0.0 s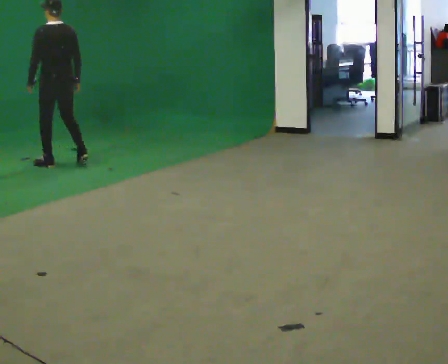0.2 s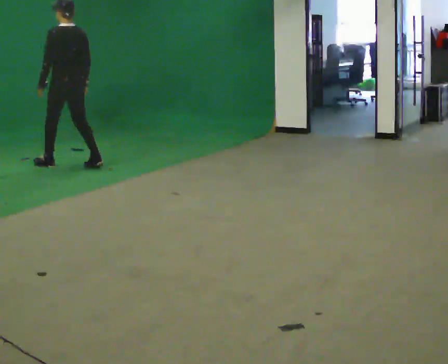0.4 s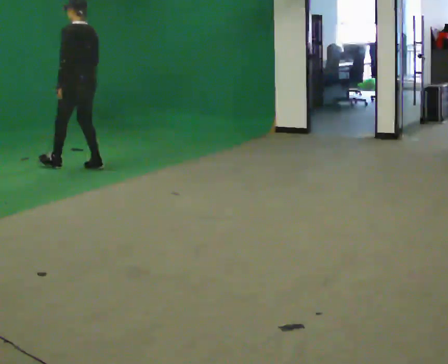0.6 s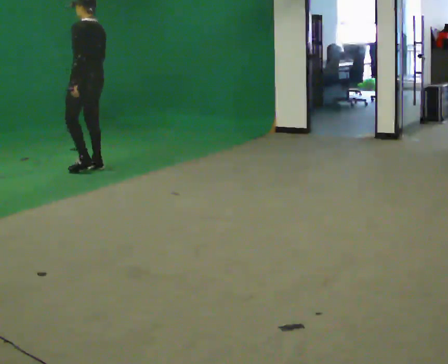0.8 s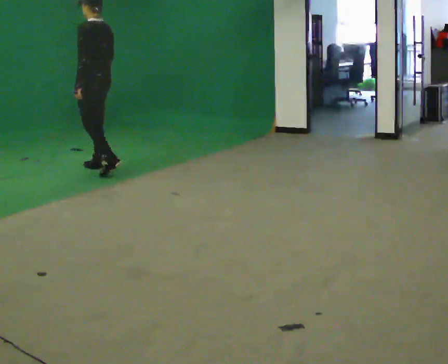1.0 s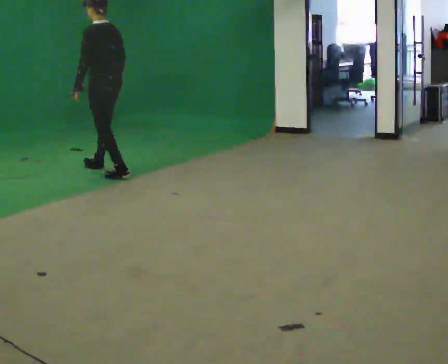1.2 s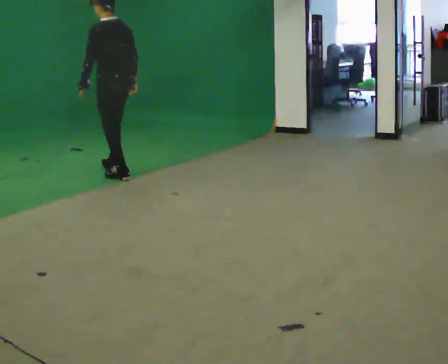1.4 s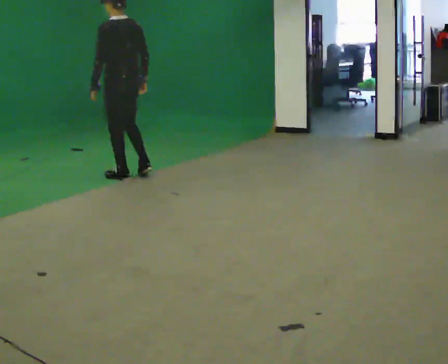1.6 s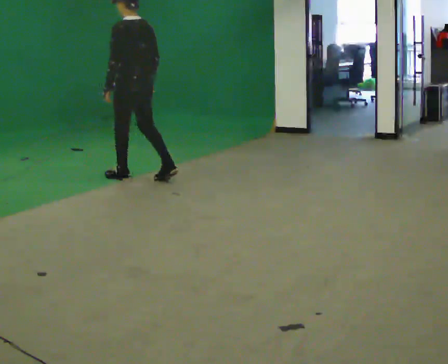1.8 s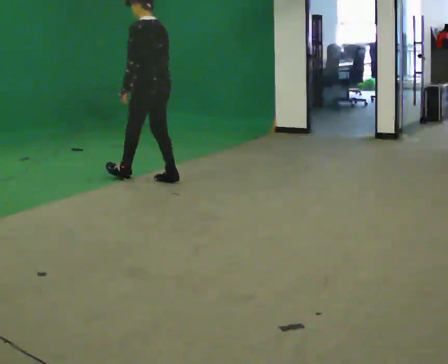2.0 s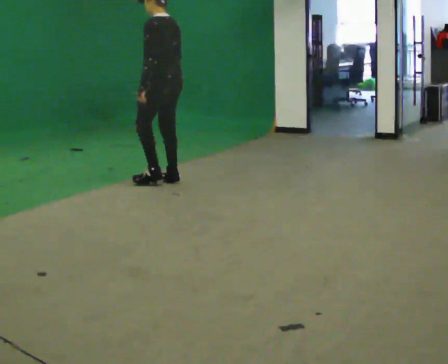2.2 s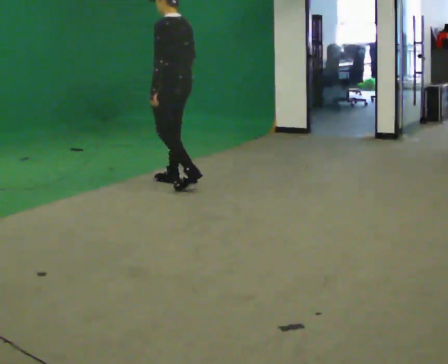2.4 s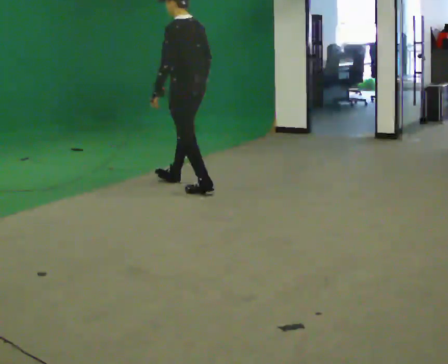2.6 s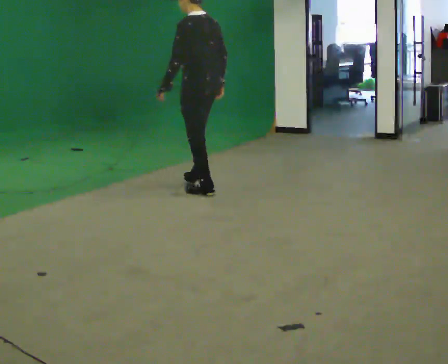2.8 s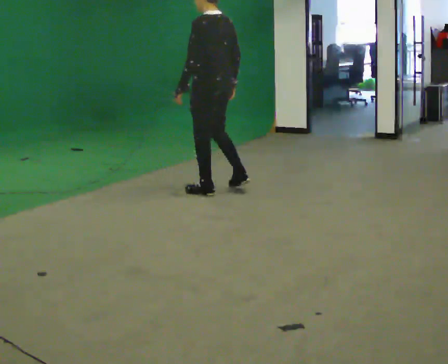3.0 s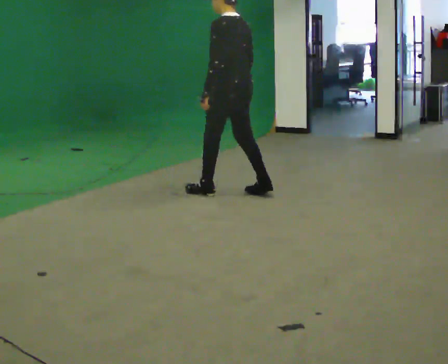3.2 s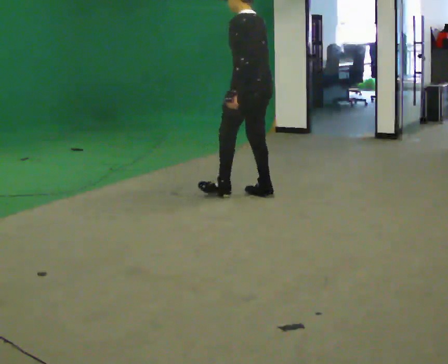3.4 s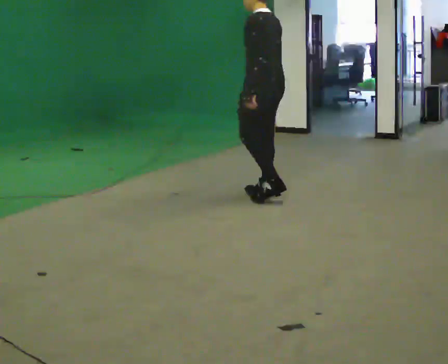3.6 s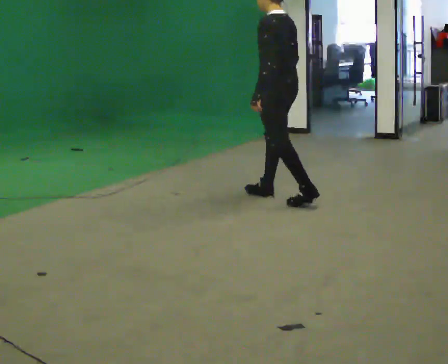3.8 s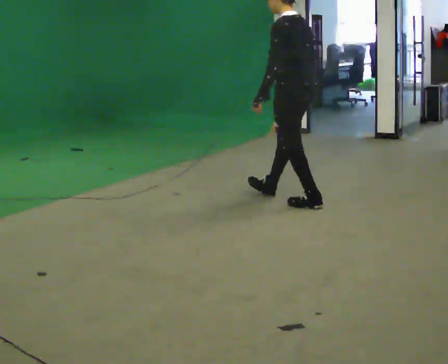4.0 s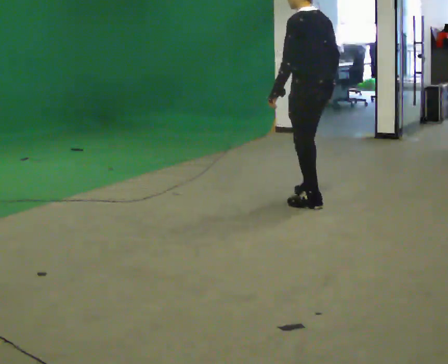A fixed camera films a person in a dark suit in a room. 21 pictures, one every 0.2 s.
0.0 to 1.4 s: In the picture they go to the right and toward the camera, about 1 m in 2 steps, which for them is backward.
1.4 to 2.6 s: In the picture they go to the right and toward the camera, about 1 m in 2 steps, which for them is backward.
2.6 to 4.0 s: In the picture they go to the right and toward the camera, about 1 m in 2 steps, which for them is backward.
The film runs forward here.
